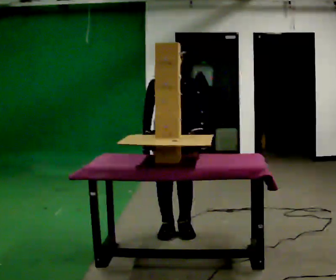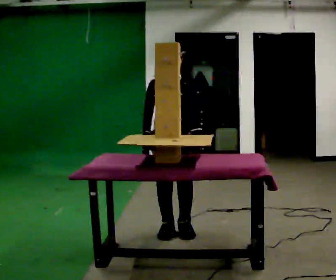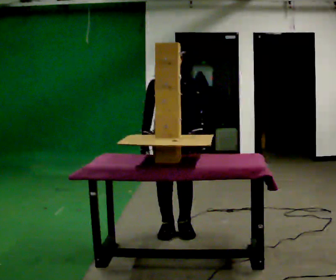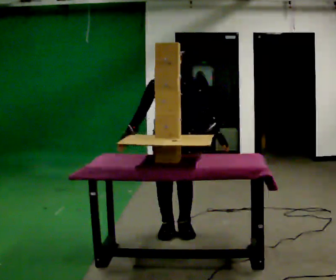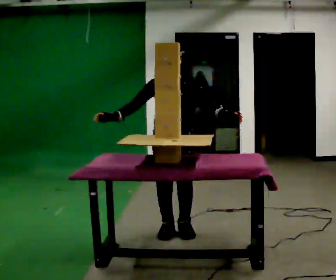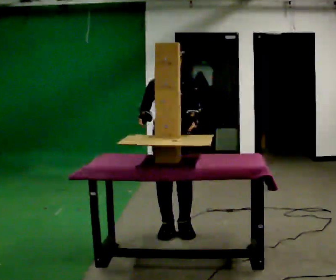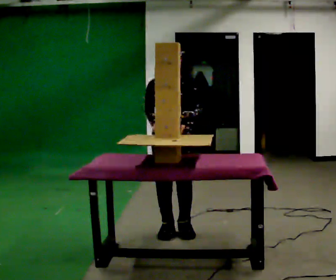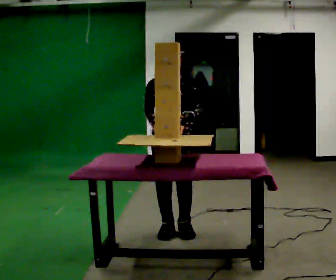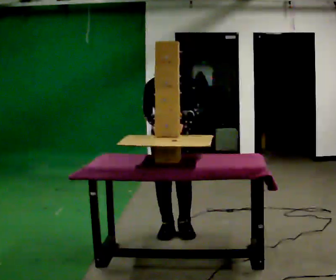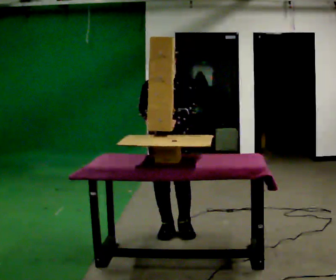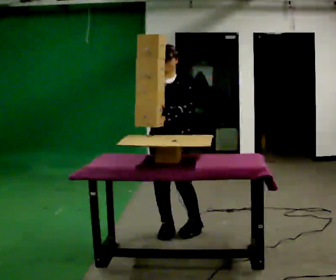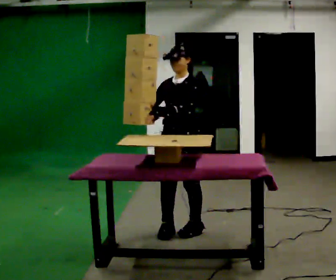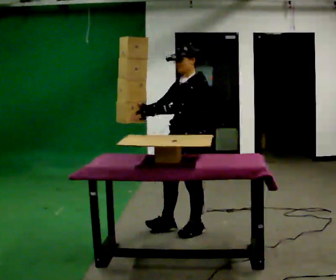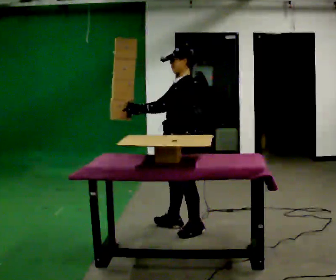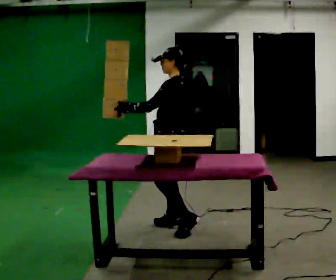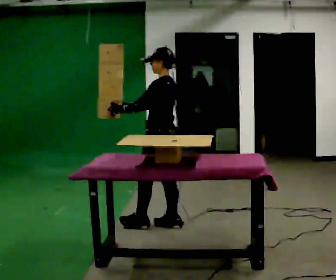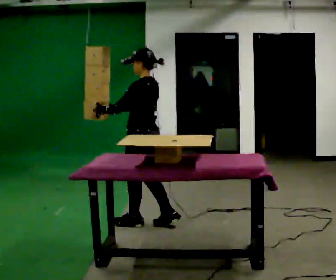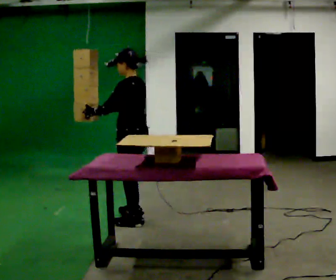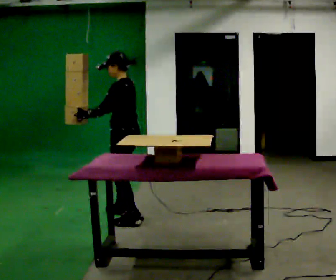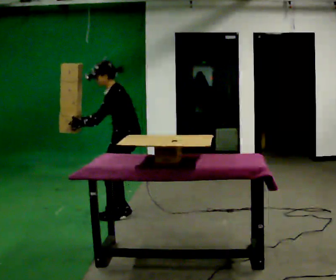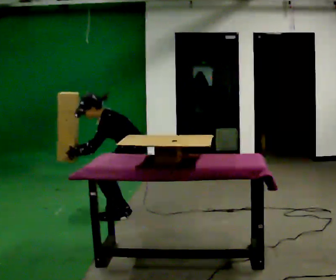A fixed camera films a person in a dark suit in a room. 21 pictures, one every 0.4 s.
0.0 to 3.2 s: The person moves a little, or ends about where they began.
3.2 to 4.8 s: The part of the body nearest the lens slides to the left as the person turns to their right by about 60 degrees. In the picture they go to the right, about 0.25 m.
4.8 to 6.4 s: The part of the body nearest the lens slides to the left as the person turns to their right by about 45 degrees. In the picture they go to the left and away from the camera, about 0.5 m in 2 steps, which for them is forward and to their right.
6.4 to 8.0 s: In the picture they go away from the camera, about 0.25 m in 2 steps, which for them is to their right and forward. The upper body goes downward. In the picture the upper body tilts counterclockwise, shoulders to the left, as they bend forward. In the picture their left hand goes downward.
The film runs forward here.
